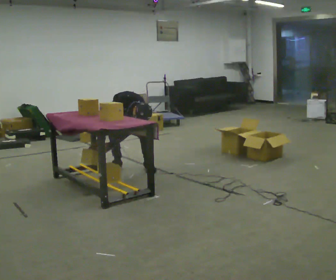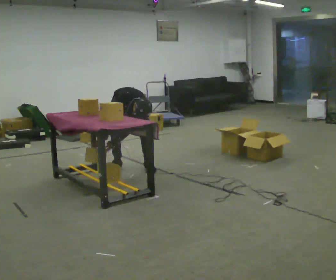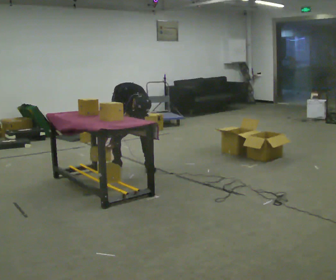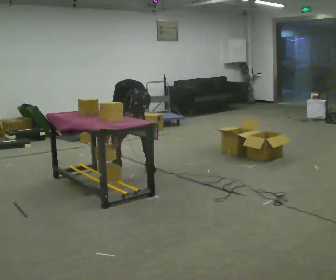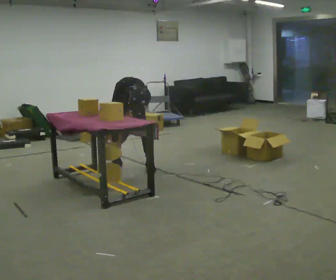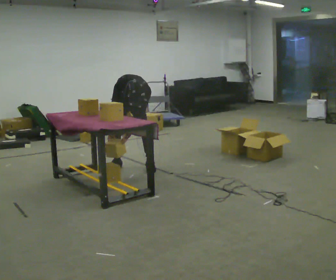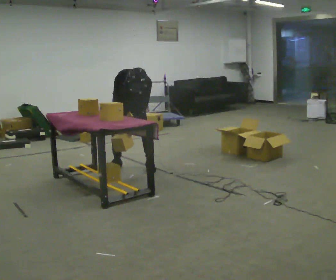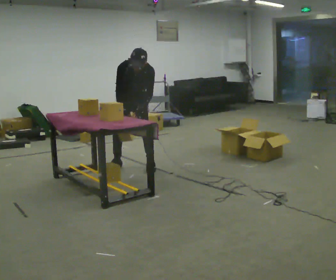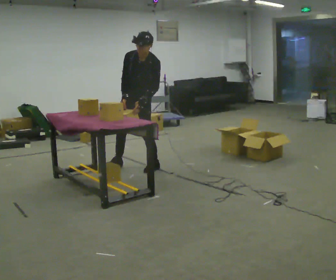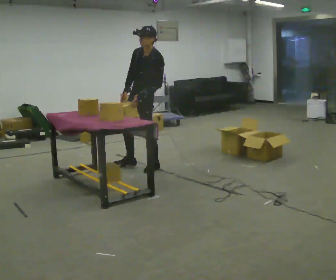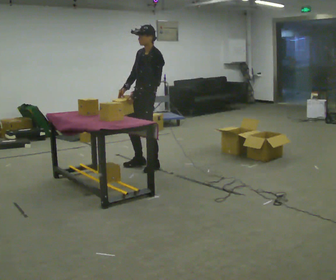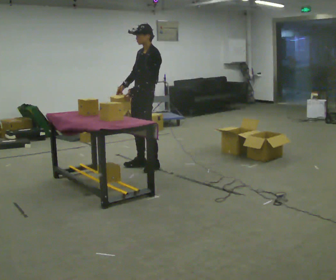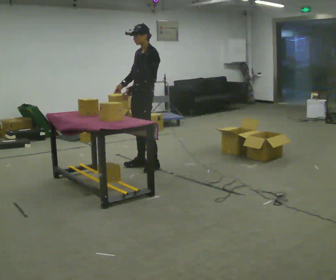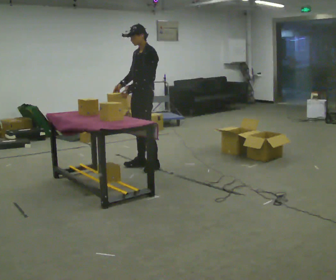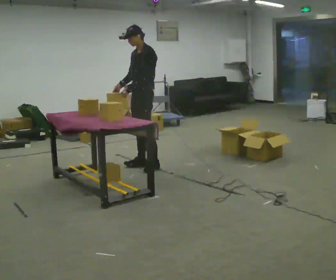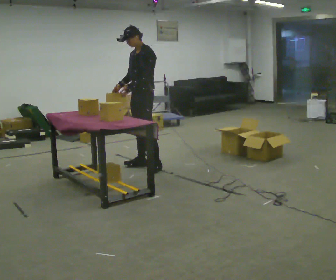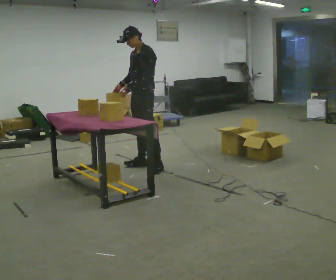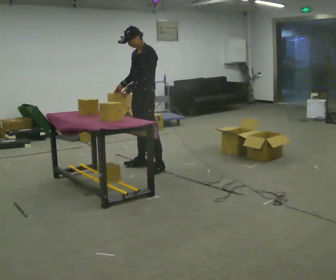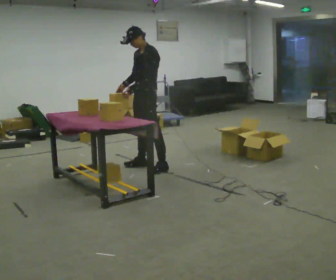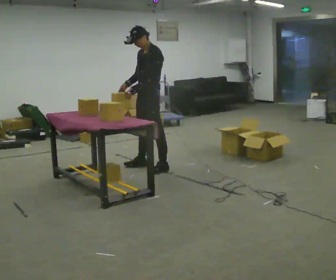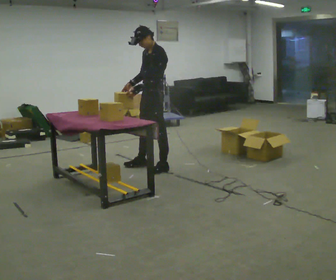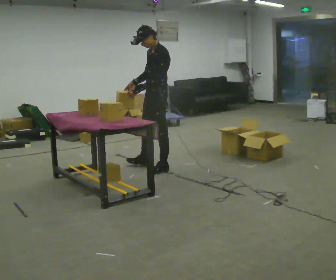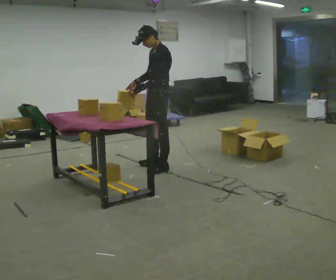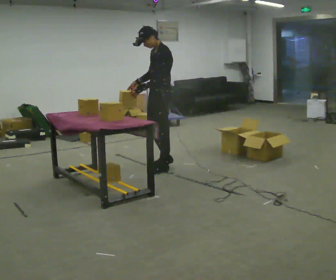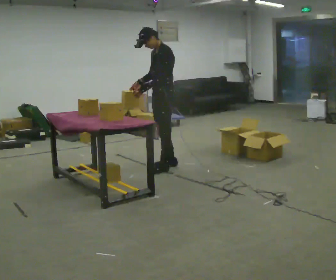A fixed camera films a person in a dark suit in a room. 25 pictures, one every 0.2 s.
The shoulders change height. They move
upward.
Their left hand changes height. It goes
upward.
0.0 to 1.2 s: The upper body goes upward.
1.2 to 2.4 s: The part of the body nearest the lens slides to the left as the person turns to their right by about 75 degrees. In the picture they go to the right and toward the camera, about 0.25 m in 1 step. The upper body goes upward. The upper body tips away from the camera, its near side rolling upward, as they lean back or straighten. In the picture their left hand goes upward.
2.4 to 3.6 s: The person moves a little, or ends about where they began.
3.6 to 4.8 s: In the picture they go to the right, about 0.25 m in 1 step, which for them is backward and to their left.
The film runs backward here.
